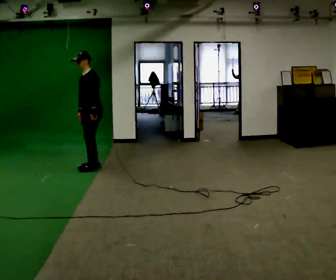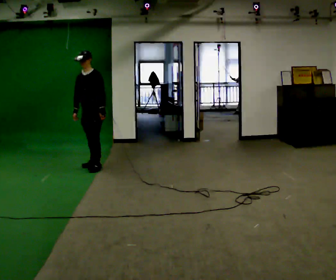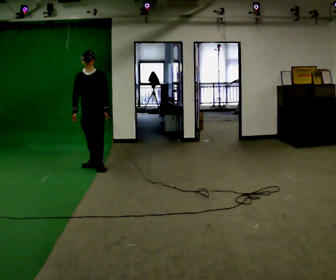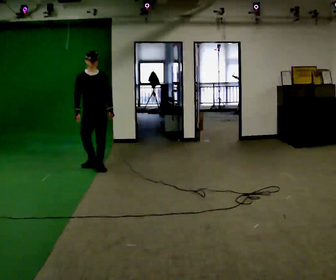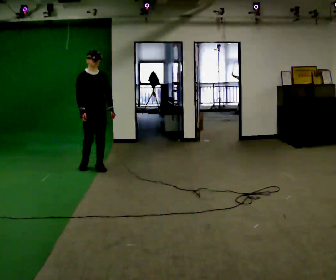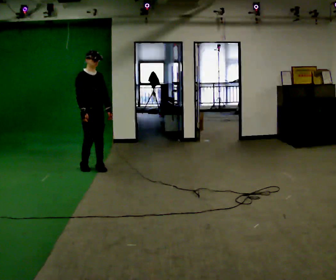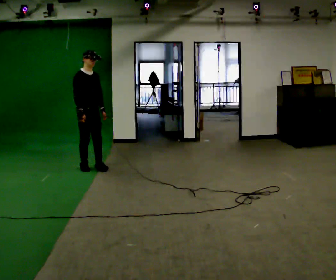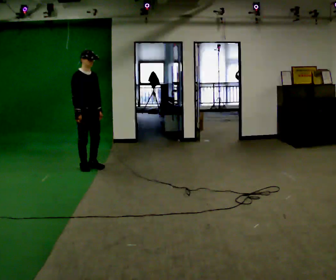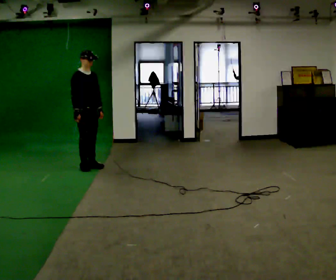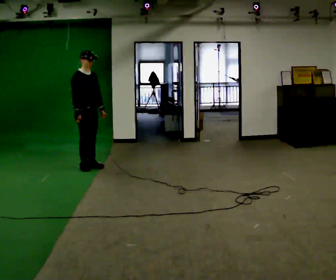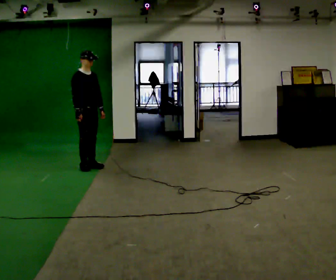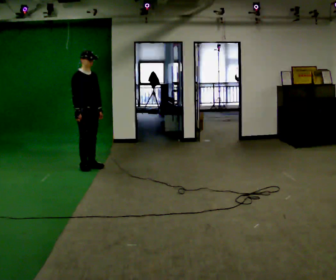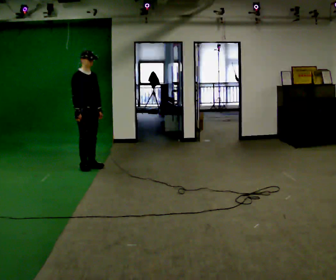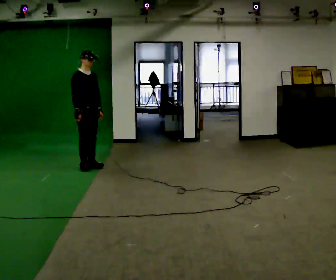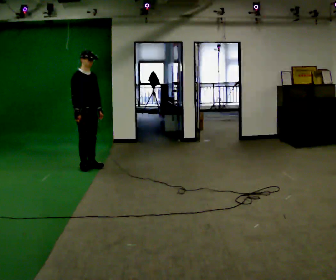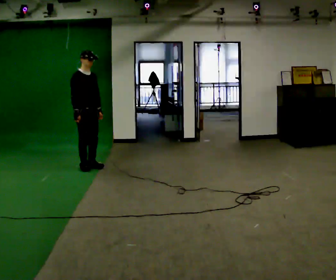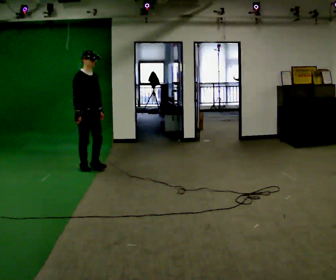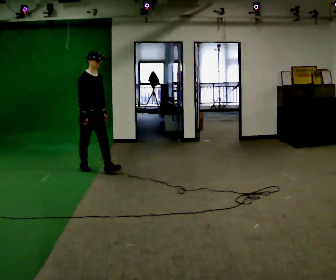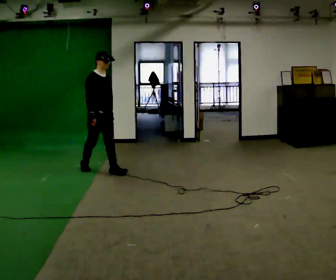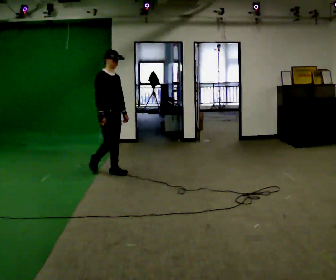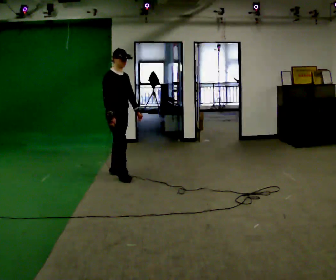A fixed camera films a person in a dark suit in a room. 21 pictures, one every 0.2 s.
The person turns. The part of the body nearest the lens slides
to the right.
The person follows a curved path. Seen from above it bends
counterclockwise.
0.0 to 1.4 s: The part of the body nearest the lens slides to the right as the person turns to their left by about 105 degrees.
1.4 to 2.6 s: The person moves a little, or ends about where they began.
2.6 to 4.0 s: In the picture they go toward the camera and to the right, about 0.75 m in 1 step, which for them is forward.
The film runs forward here.
